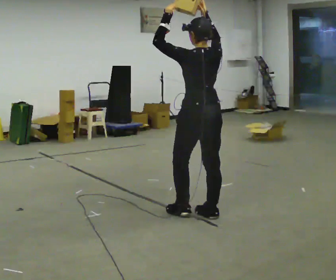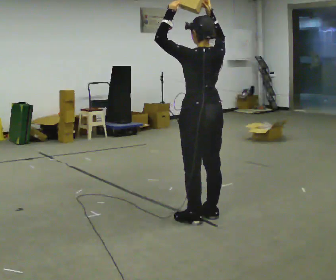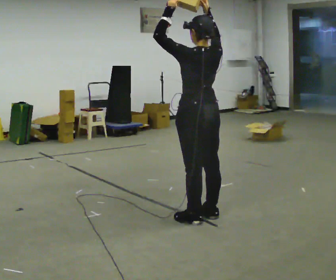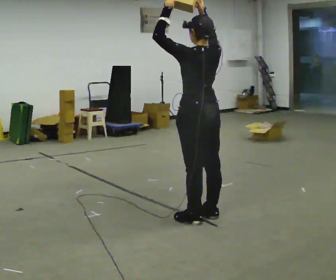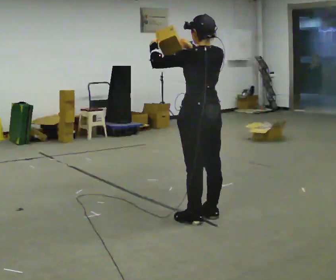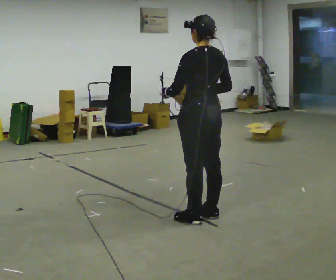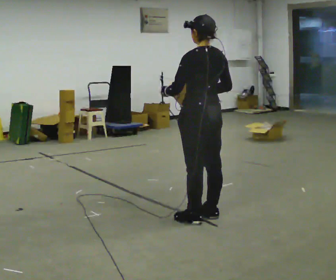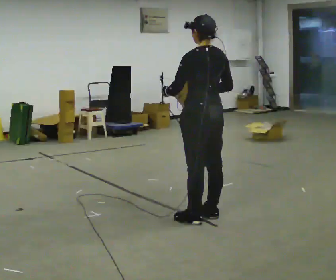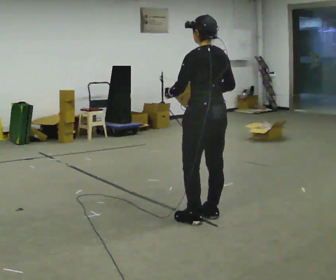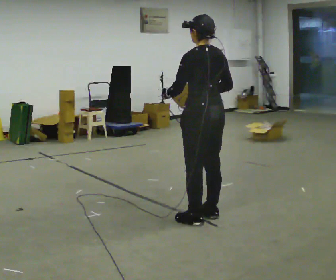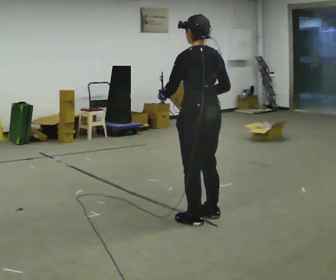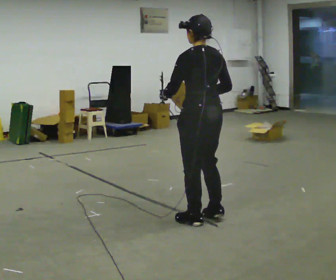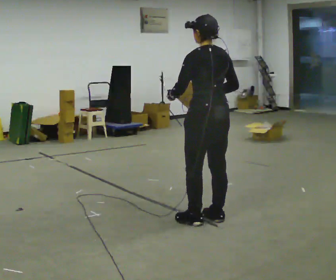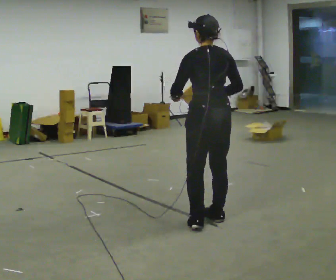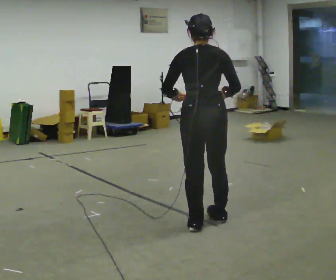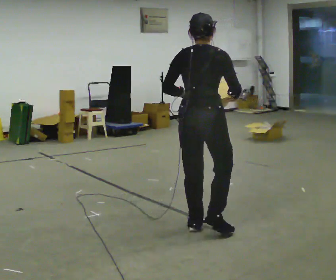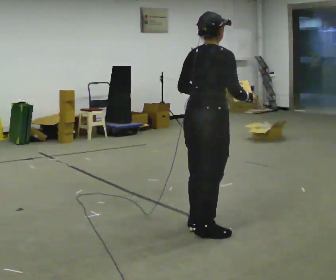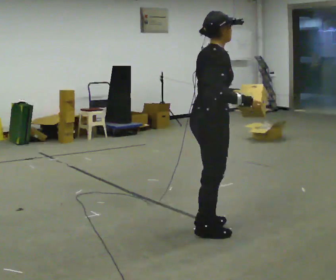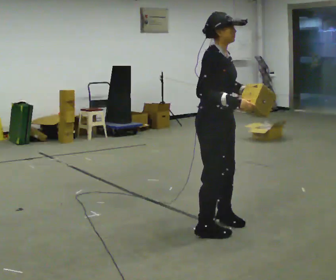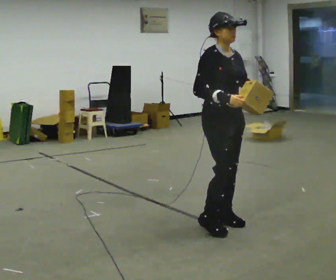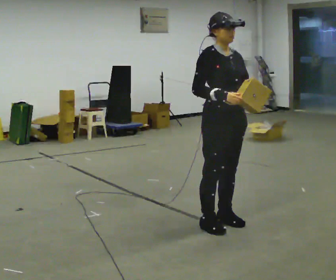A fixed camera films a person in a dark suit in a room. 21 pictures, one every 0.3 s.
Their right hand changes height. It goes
downward.
The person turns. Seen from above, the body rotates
clockwise.
0.0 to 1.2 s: The person moves a little, or ends about where they began.
1.2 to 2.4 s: In the picture their right hand goes downward.
2.4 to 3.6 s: The person moves a little, or ends about where they began.
3.6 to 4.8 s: The part of the body nearest the lens slides to the left as the person turns to their right by about 75 degrees. In the picture they go toward the camera, about 0.25 m in 1 step.
4.8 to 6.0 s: The person turns about 90 degrees to their right, clockwise seen from above, so the part of the body nearest the lens slides to the left. In the picture they go away from the camera, about 0.25 m in 2 steps. In the picture their left hand goes to the right.
The film runs backward here.
